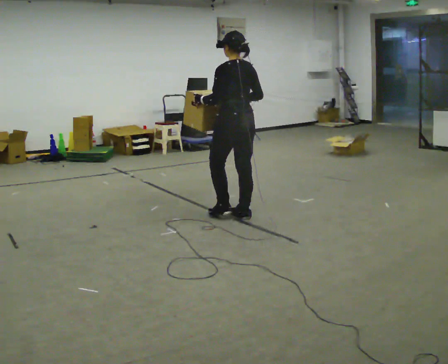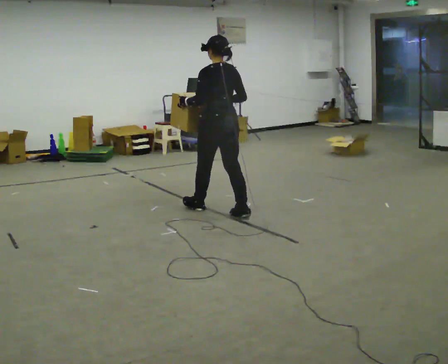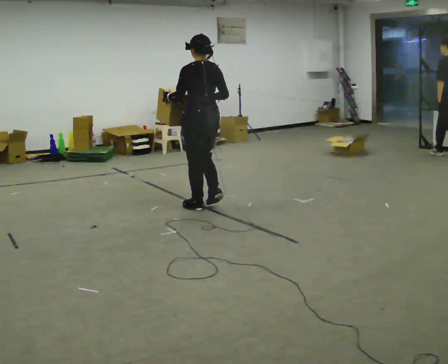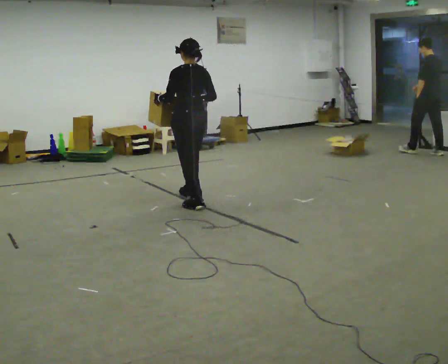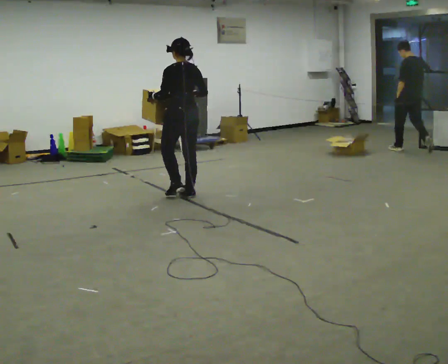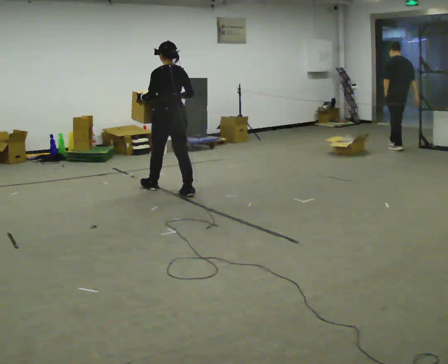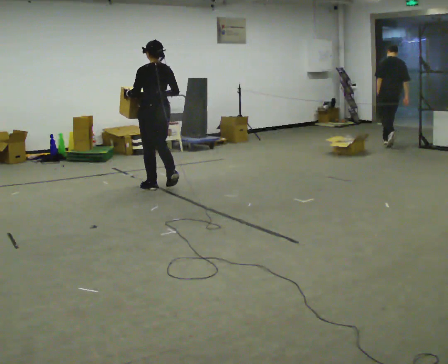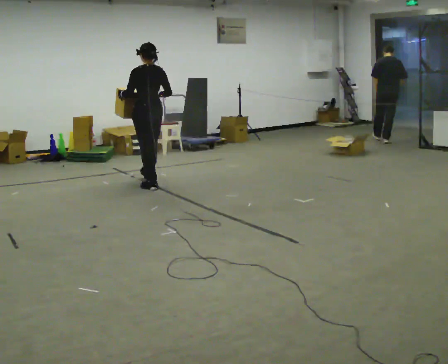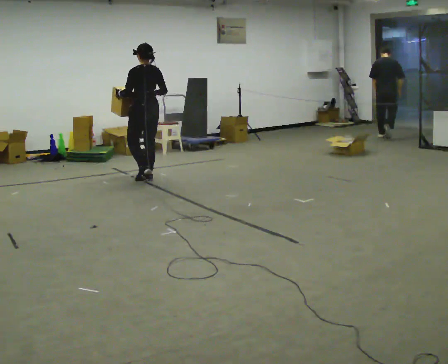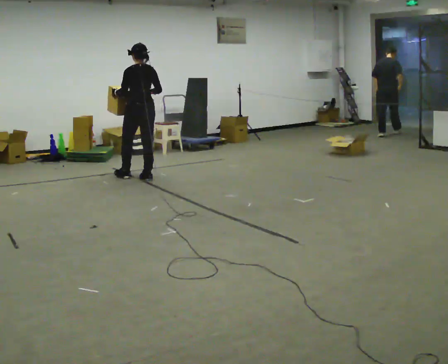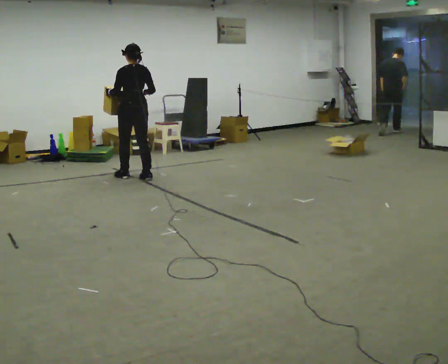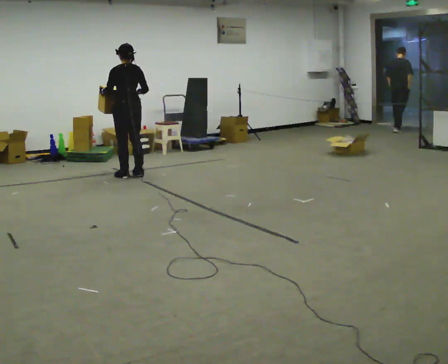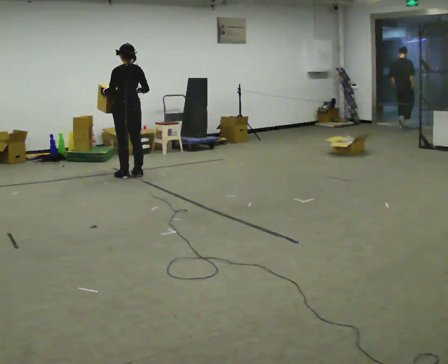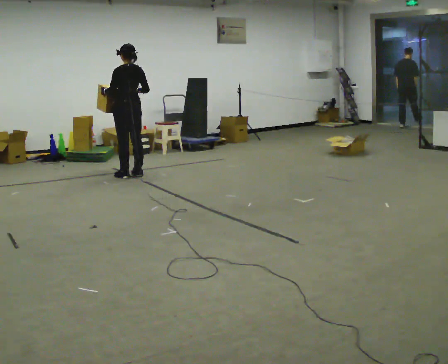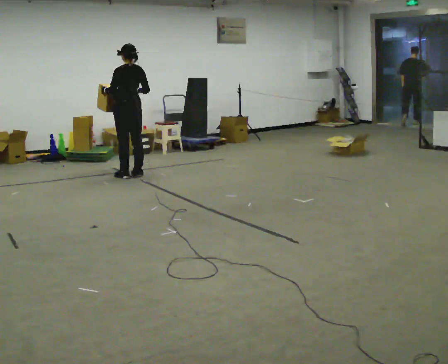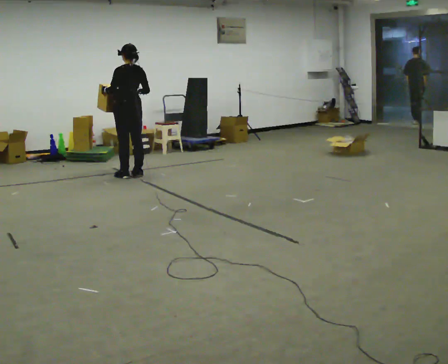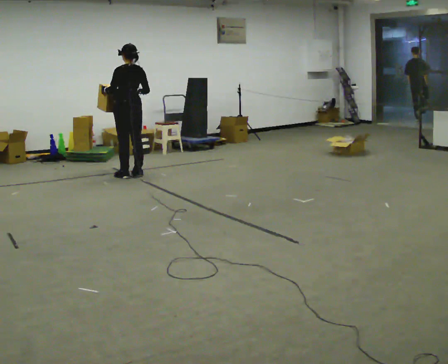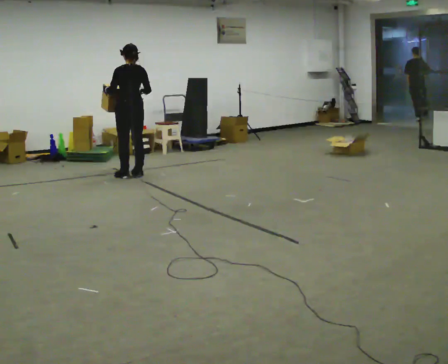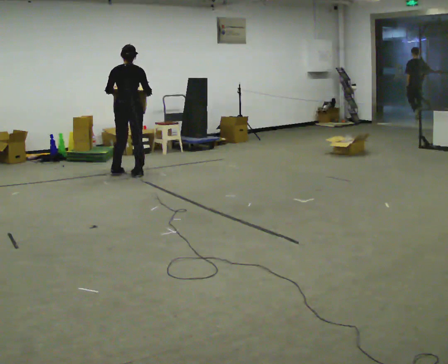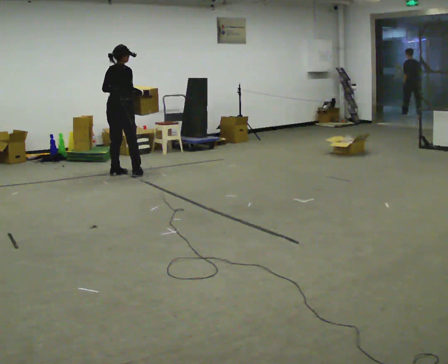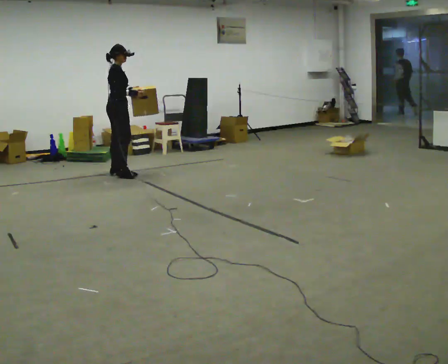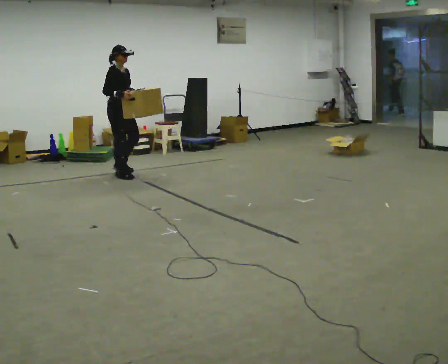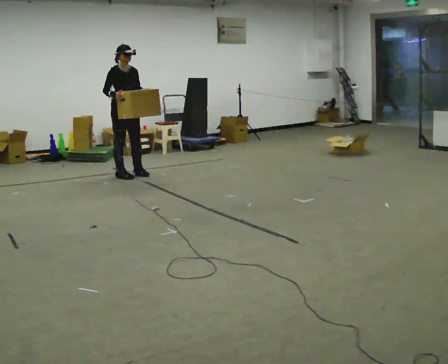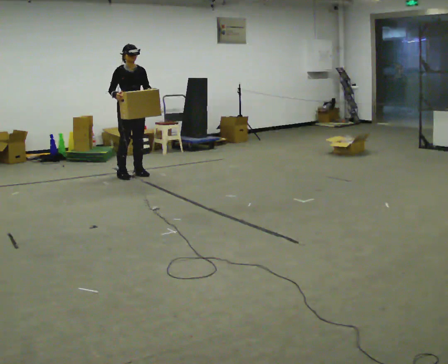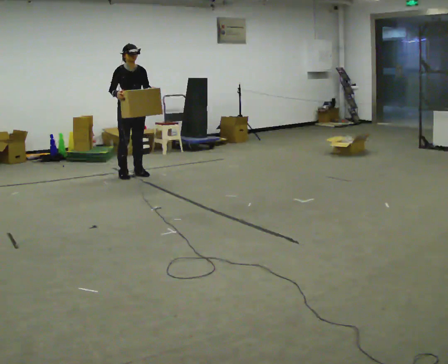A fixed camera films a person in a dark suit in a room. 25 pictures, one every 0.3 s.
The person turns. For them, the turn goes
to their right.
The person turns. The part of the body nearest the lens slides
to the left.
0.0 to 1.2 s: In the picture they go away from the camera and to the left, about 1 m in 2 steps, which for them is forward.
1.2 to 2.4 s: In the picture they go away from the camera and to the left, about 1 m in 2 steps, which for them is forward.
2.4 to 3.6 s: In the picture they go away from the camera and to the left, about 0.25 m in 2 steps, which for them is forward.
3.6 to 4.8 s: The person moves a little, or ends about where they began.
4.8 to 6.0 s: The person turns about 120 degrees to their right, clockwise seen from above, so the part of the body nearest the lens slides to the left. In the picture they go to the left, about 0.25 m in 1 step.
6.0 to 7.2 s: The person turns about 75 degrees to their right, clockwise seen from above, so the part of the body nearest the lens slides to the left. In the picture they go to the right, about 0.25 m in 2 steps.
The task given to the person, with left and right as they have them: Carry the box across the room as briskly as you comfortably can, back and forth. Do not run.
The film runs forward here.
